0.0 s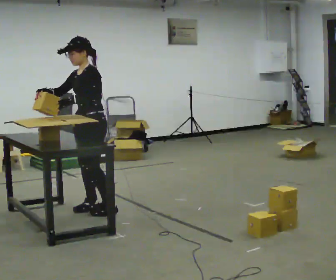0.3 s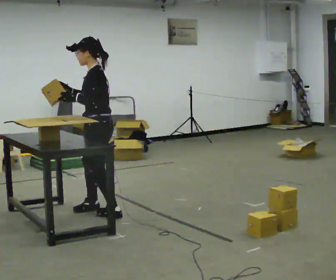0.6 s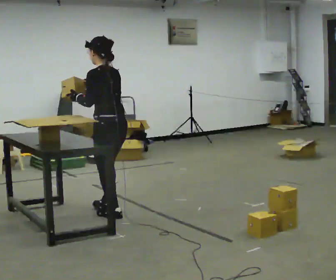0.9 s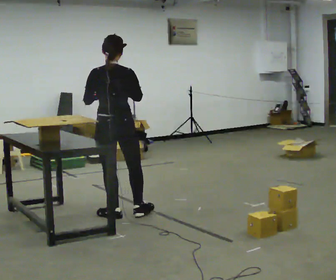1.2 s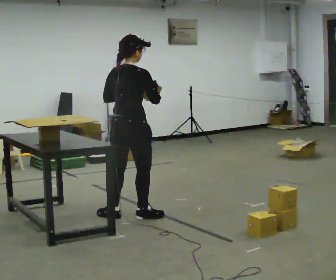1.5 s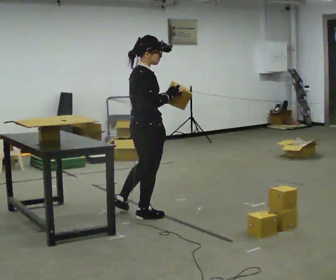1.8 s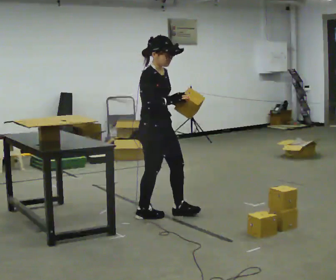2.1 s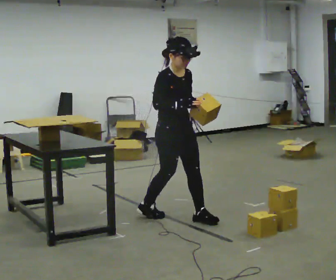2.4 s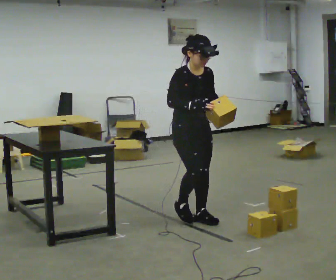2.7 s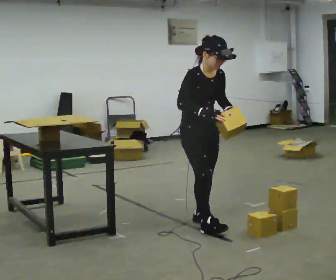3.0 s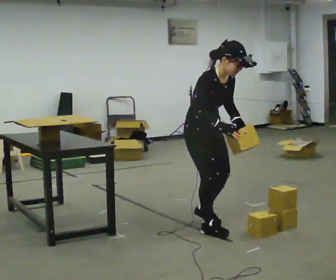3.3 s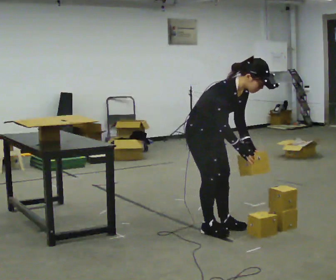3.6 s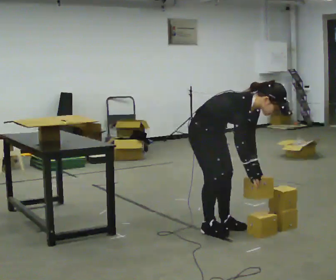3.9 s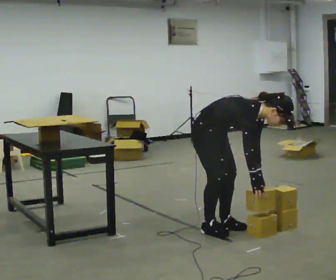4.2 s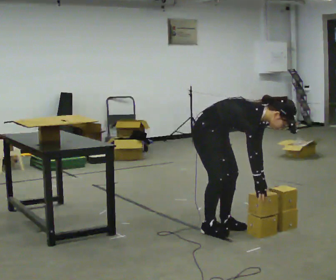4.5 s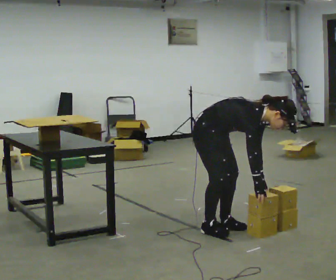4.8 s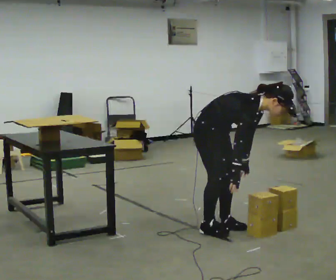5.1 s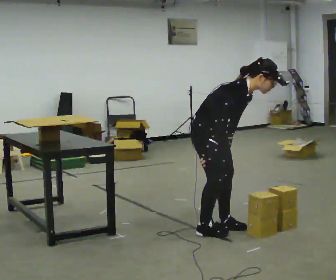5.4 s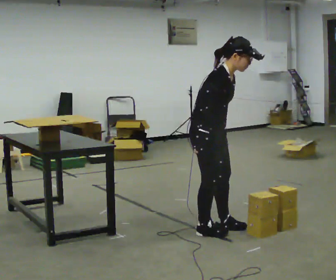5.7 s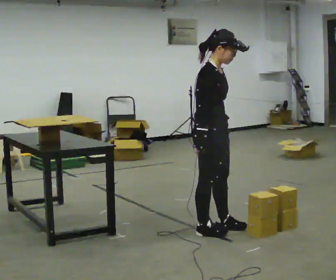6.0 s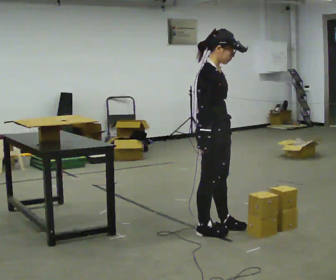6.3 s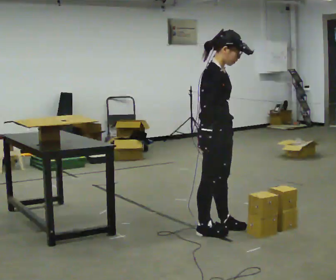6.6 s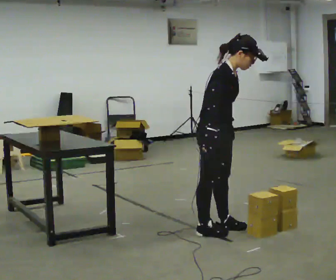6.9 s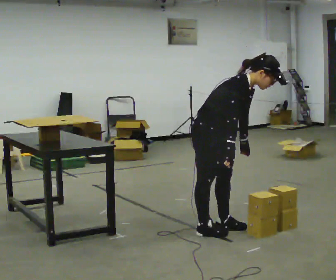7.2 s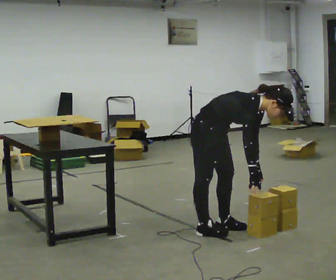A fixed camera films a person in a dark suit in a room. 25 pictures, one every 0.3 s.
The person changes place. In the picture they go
to the right.
0.0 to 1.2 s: The part of the body nearest the lens slides to the left as the person turns to their right by about 150 degrees. In the picture they go to the right and toward the camera, about 0.5 m in 1 step.
1.2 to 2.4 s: The part of the body nearest the lens slides to the left as the person turns to their right by about 105 degrees. In the picture they go to the right, about 0.5 m in 1 step.
2.4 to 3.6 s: The part of the body nearest the lens slides to the right as the person turns to their left by about 30 degrees. In the picture they go toward the camera, about 0.25 m in 2 steps, which for them is forward. The shoulders move downward. In the picture the upper body tilts clockwise, shoulders to the right, as they bend forward. In the picture their left hand goes downward.
3.6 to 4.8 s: The person moves a little, or ends about where they began.
4.8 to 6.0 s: The upper body goes upward. In the picture the upper body tilts counterclockwise, shoulders to the left, as they lean back or straighten.
6.0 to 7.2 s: The shoulders move downward. In the picture the upper body tilts clockwise, shoulders to the right, as they bend forward. In the picture their left hand goes downward and to the right.
The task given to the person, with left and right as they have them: Carry the object over and set it down on the wobbly board without tipping it over. Keep going until the operator says stop; one object at a time, and do not rush between trips.
The film runs forward here.
